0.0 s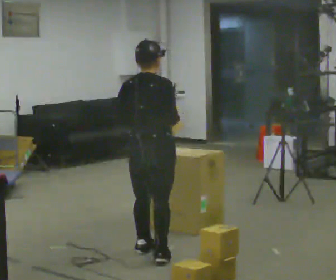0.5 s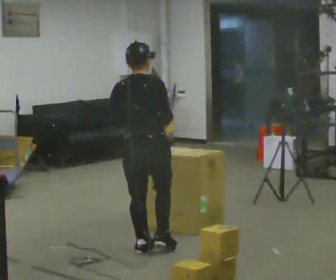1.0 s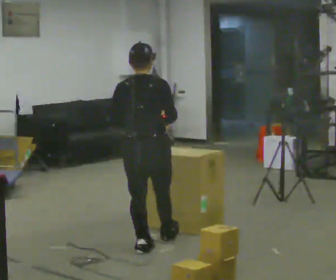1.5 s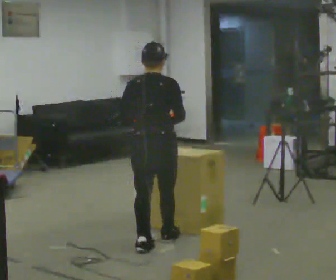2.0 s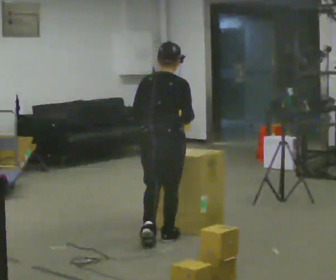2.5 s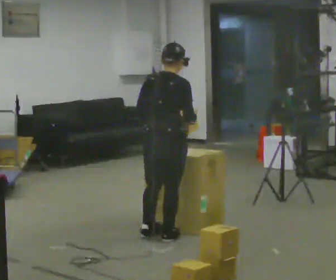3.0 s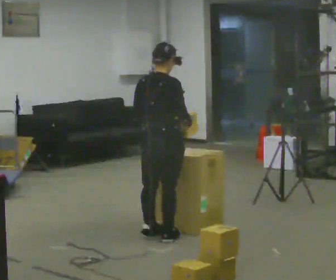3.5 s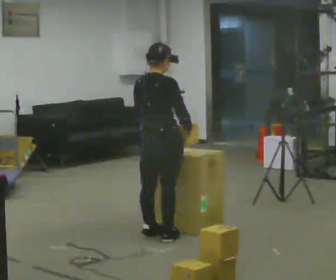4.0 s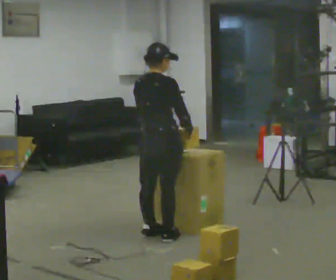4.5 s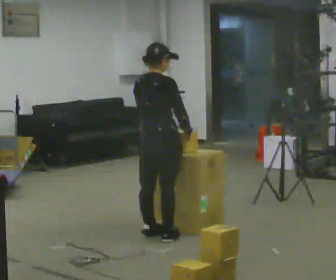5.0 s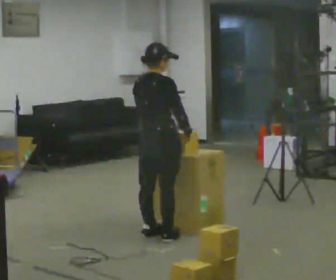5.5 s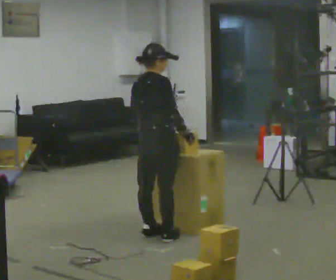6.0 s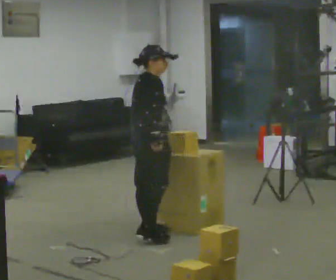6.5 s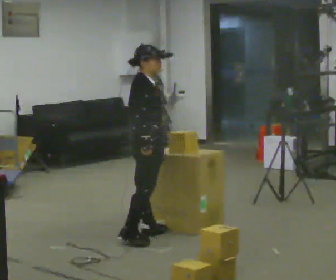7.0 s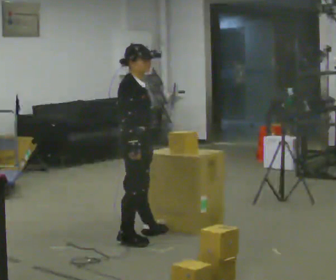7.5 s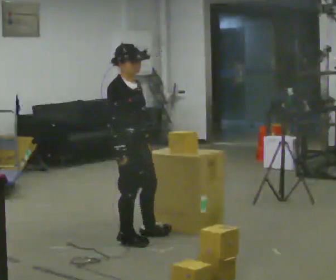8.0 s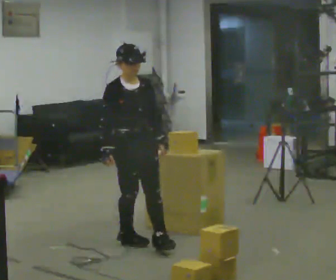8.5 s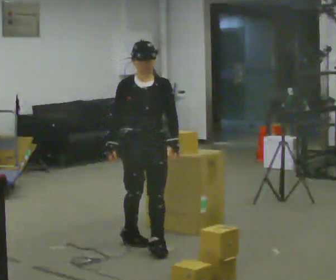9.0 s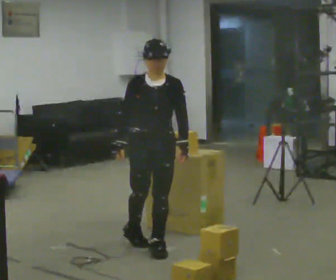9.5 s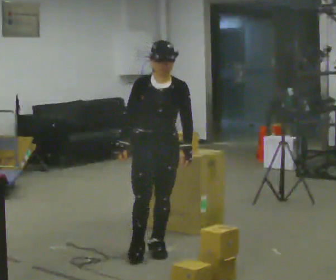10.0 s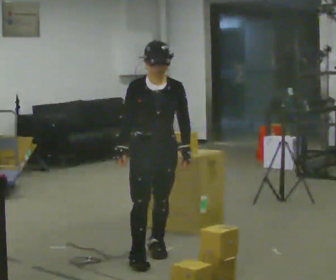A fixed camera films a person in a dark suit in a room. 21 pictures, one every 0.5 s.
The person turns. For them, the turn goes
to their right.
The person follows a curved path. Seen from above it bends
counterclockwise.
0.0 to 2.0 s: In the picture they go away from the camera, about 0.25 m in 1 step, which for them is forward.
2.0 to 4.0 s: In the picture they go away from the camera, about 0.25 m in 1 step, which for them is forward.
4.0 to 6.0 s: The part of the body nearest the lens slides to the left as the person turns to their right by about 30 degrees.
6.0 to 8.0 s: The person turns about 75 degrees to their right, clockwise seen from above, so the part of the body nearest the lens slides to the left. In the picture they go toward the camera, about 0.25 m in 1 step.
8.0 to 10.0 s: The part of the body nearest the lens slides to the left as the person turns to their right by about 30 degrees. In the picture they go toward the camera, about 0.25 m in 2 steps, which for them is forward.
The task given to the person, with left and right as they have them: 1. The operator will tell you the shelf is already sorted and just needs moving to the table. 2. Do what you think is right. 3. Tell the operator when you are finished.
The film runs forward here.
